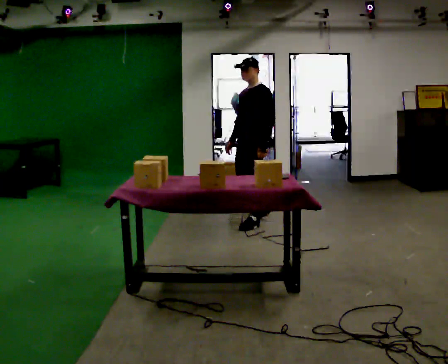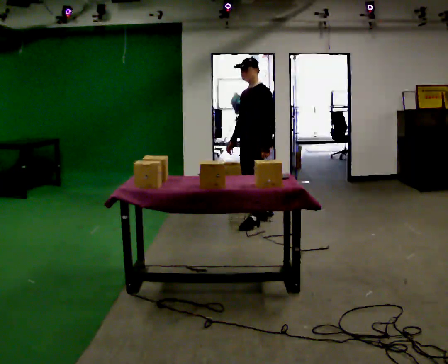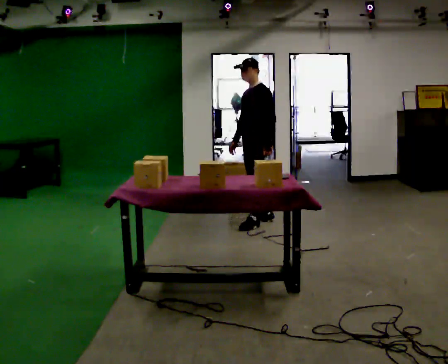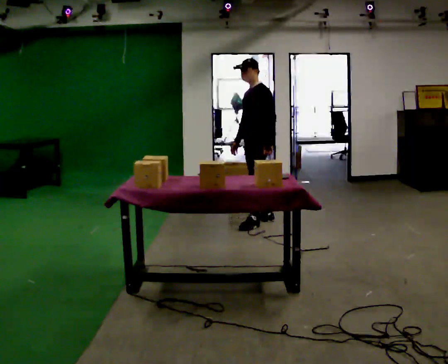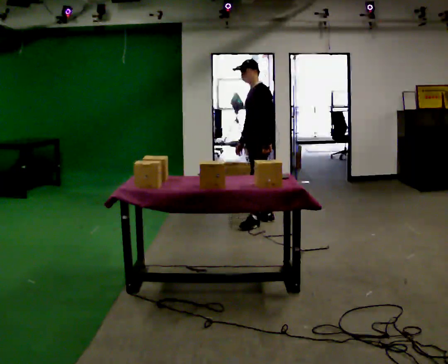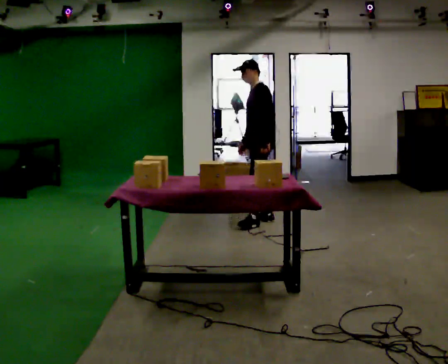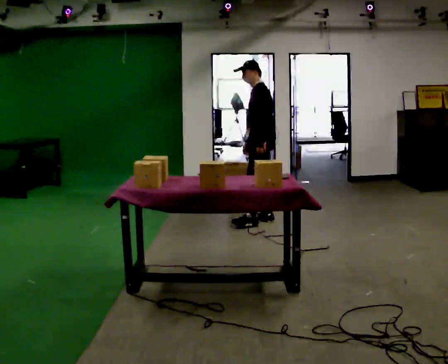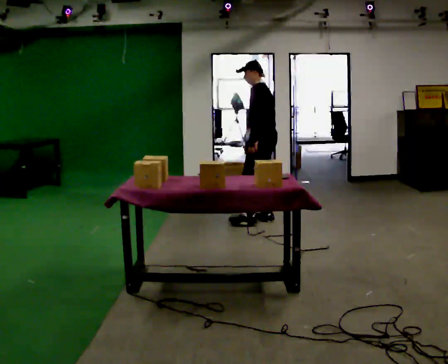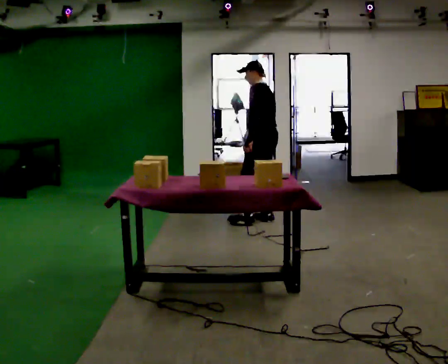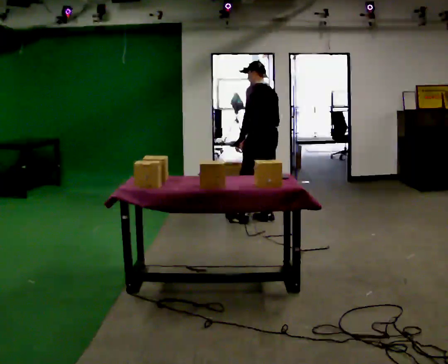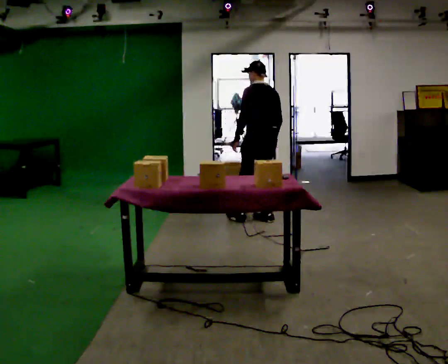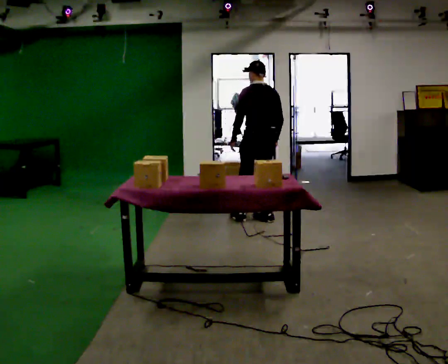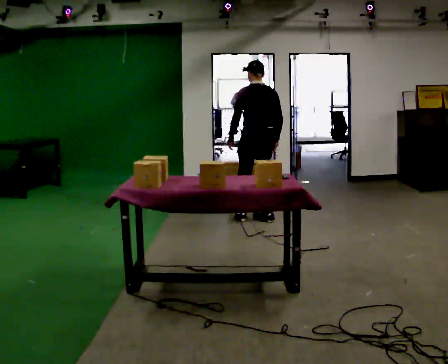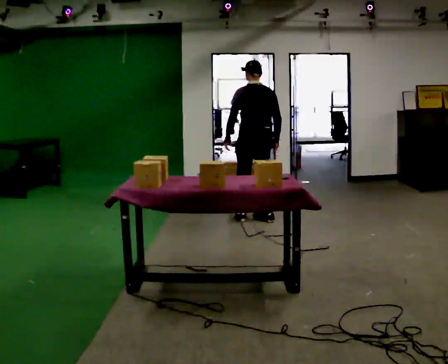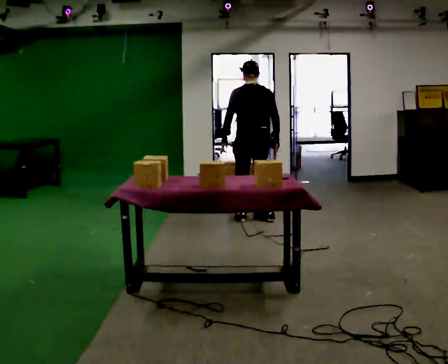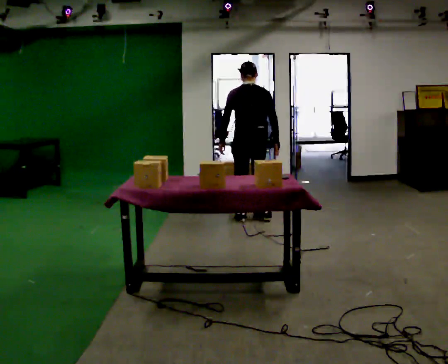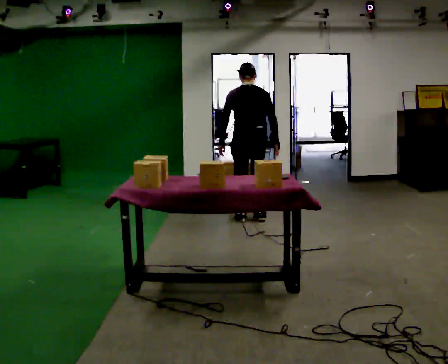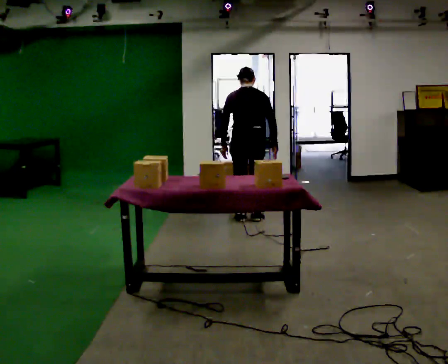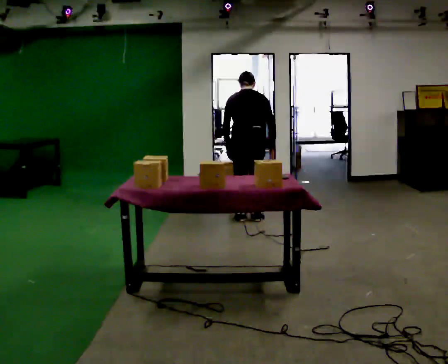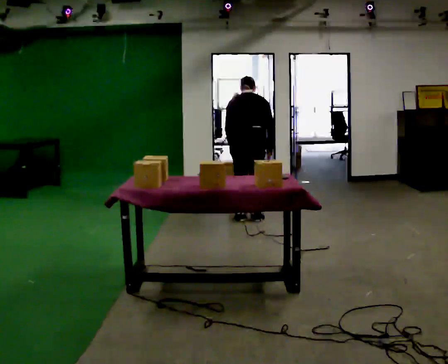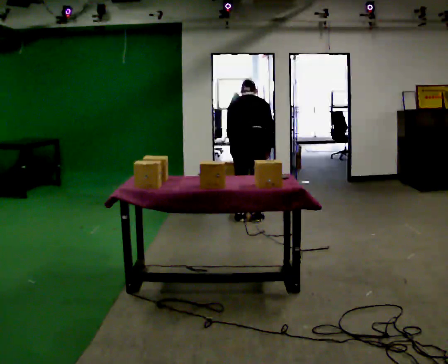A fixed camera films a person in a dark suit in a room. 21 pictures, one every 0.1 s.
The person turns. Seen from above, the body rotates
clockwise.
The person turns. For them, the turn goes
to their right.
0.0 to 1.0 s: The person turns about 75 degrees to their right, clockwise seen from above, so the part of the body nearest the lens slides to the left. In the picture they go away from the camera, about 0.25 m in 1 step. In the picture their right hand goes to the right.
1.0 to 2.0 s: The part of the body nearest the lens slides to the left as the person turns to their right by about 45 degrees. In the picture they go to the left, about 0.25 m in 1 step, which for them is to their left. The upper body tips away from the camera, its near side rolling upward, as they bend forward.
The film runs backward here.
